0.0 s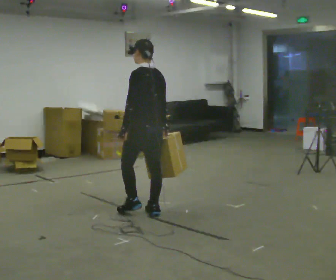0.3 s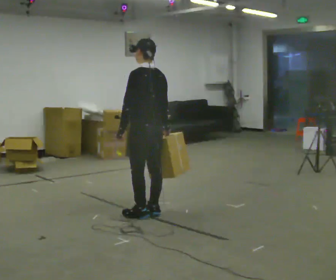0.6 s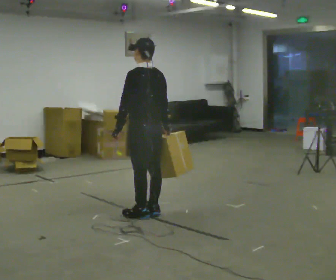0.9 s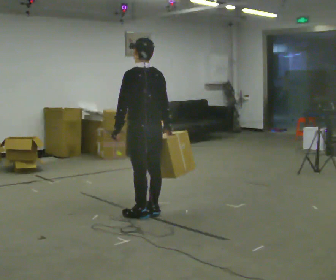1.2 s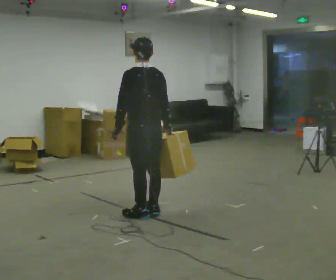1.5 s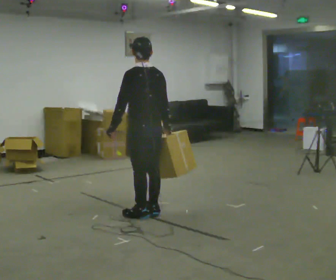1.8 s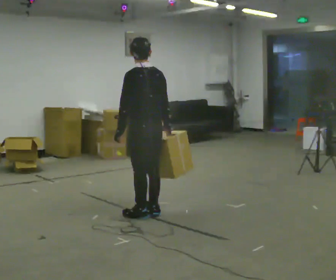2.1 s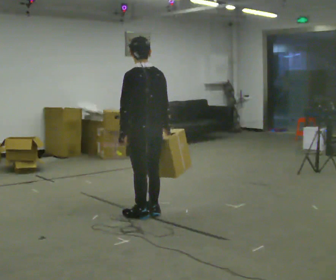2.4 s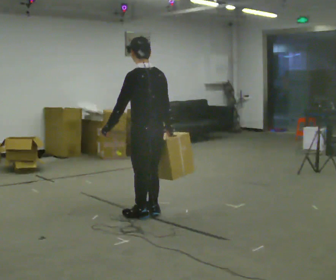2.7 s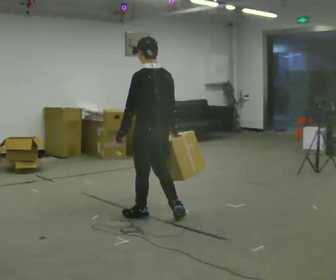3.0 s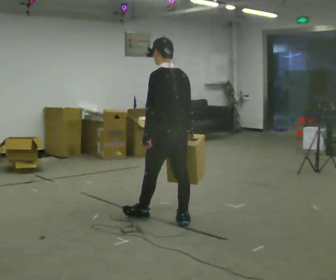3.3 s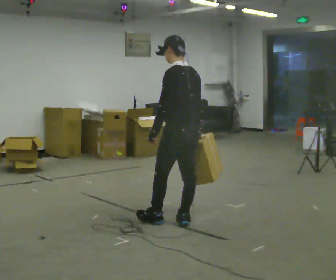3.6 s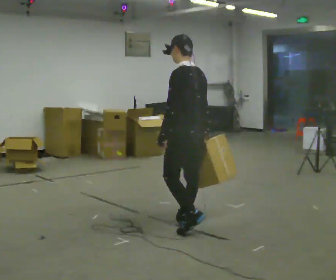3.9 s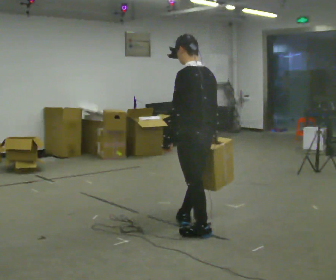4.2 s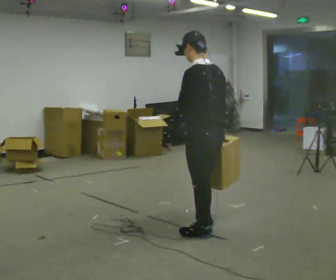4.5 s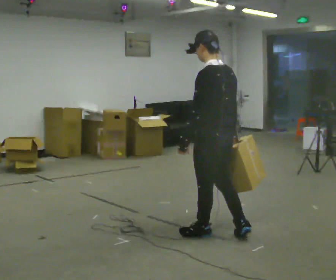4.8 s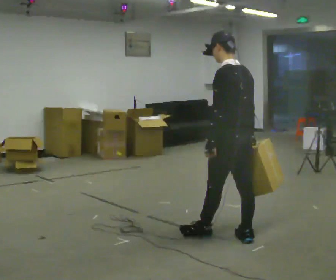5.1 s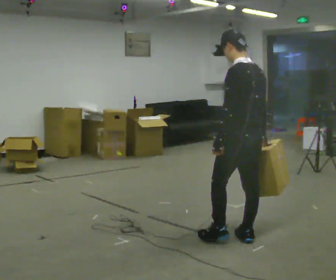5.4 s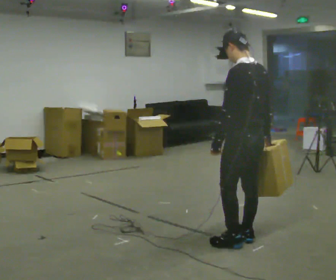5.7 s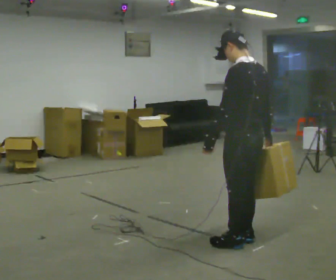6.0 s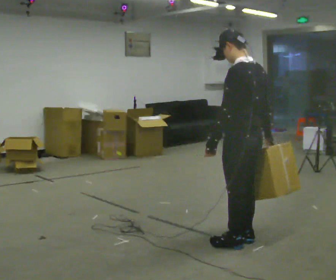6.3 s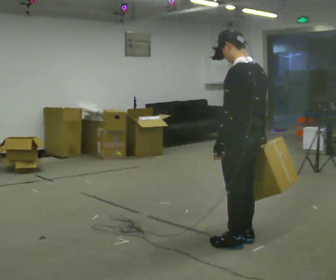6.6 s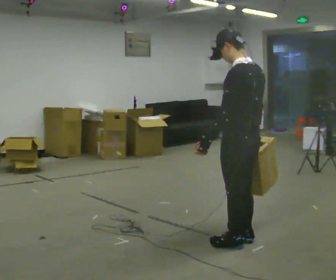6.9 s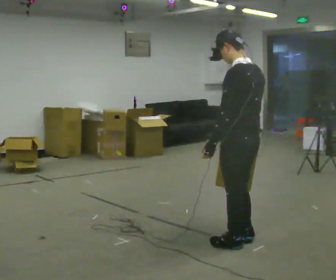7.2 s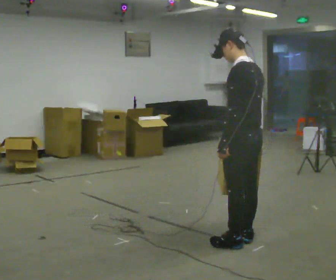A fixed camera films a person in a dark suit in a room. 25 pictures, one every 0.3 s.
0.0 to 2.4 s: In the picture they go toward the camera, about 0.25 m, which for them is backward.
2.4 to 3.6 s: In the picture they go to the right and toward the camera, about 0.5 m in 2 steps, which for them is backward.
3.6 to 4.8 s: In the picture they go toward the camera and to the right, about 0.5 m in 1 step, which for them is backward.
4.8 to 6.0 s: In the picture they go toward the camera, about 0.25 m in 1 step, which for them is backward.
6.0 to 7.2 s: The person moves a little, or ends about where they began.
The film runs backward here.
